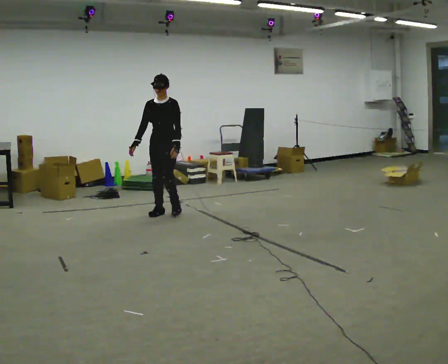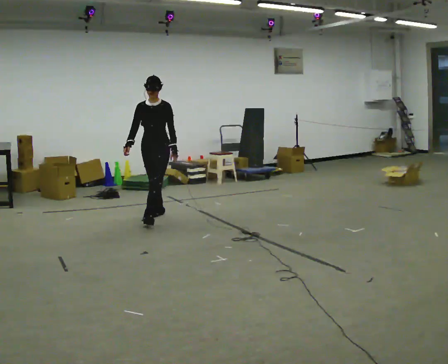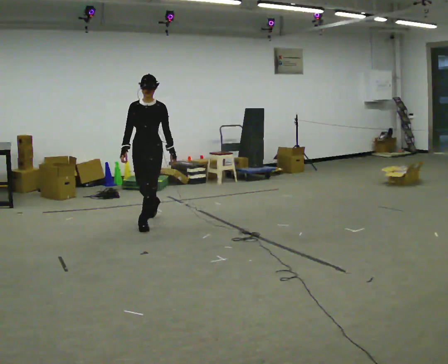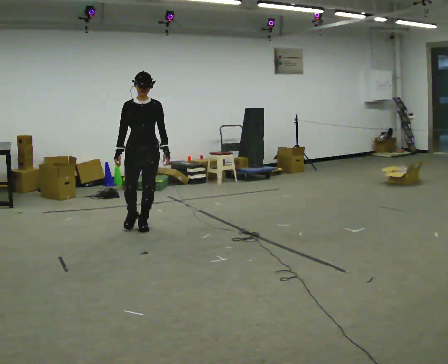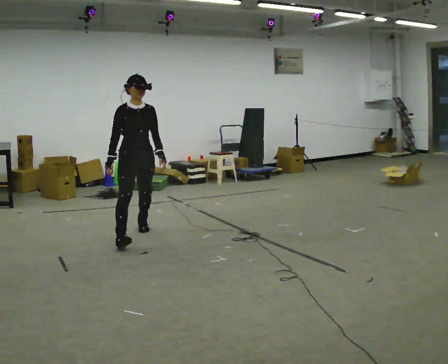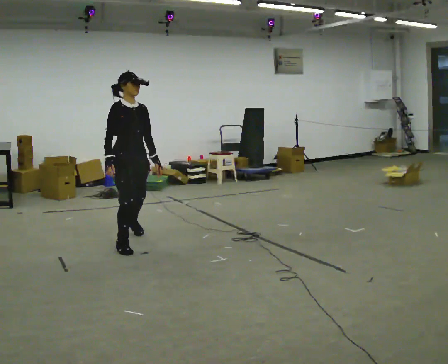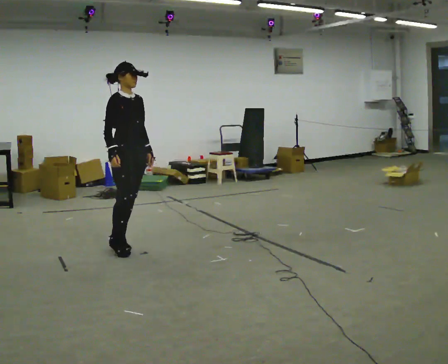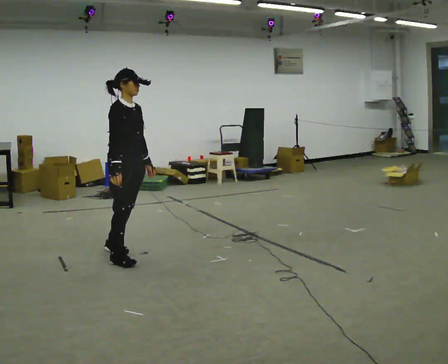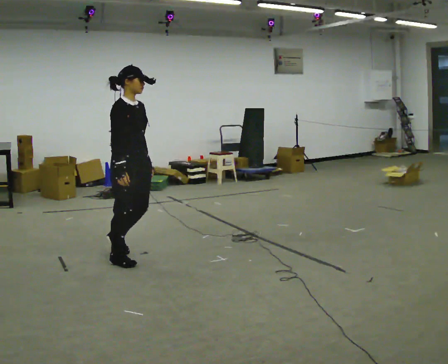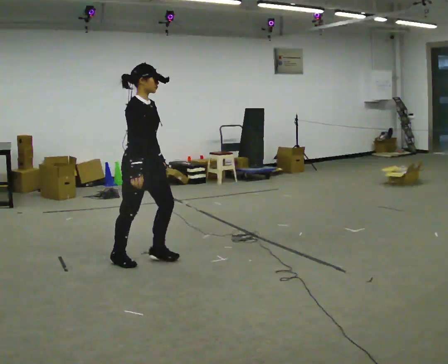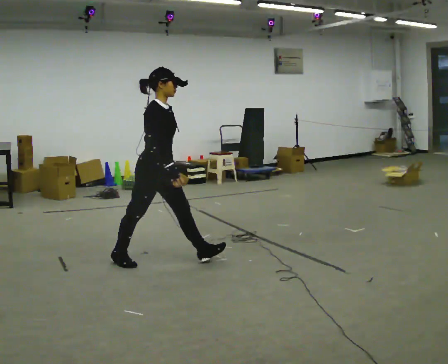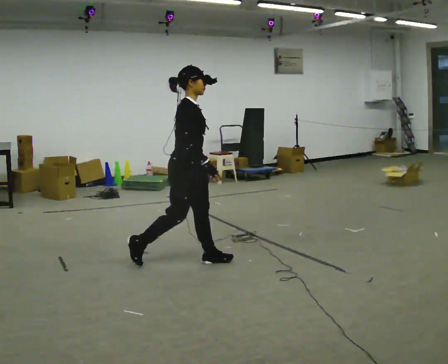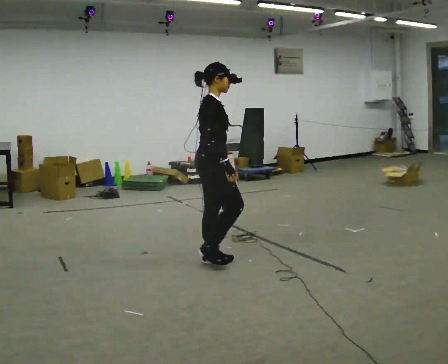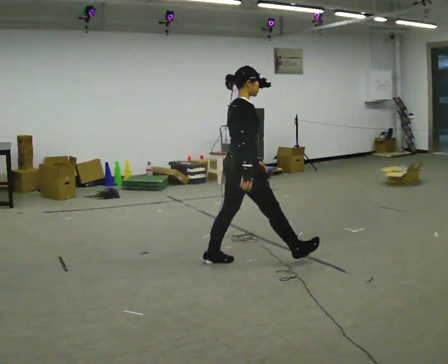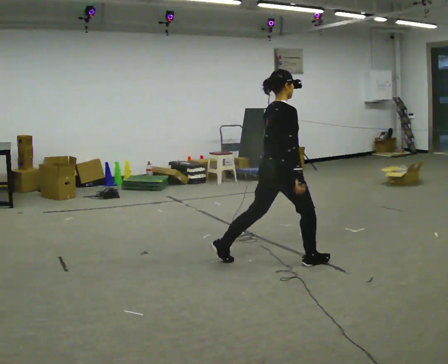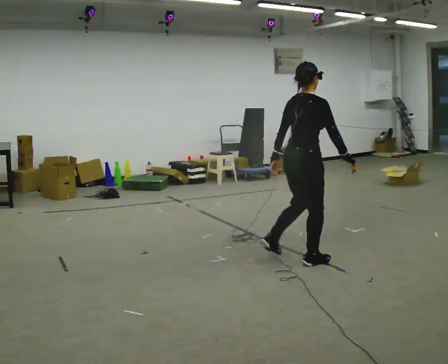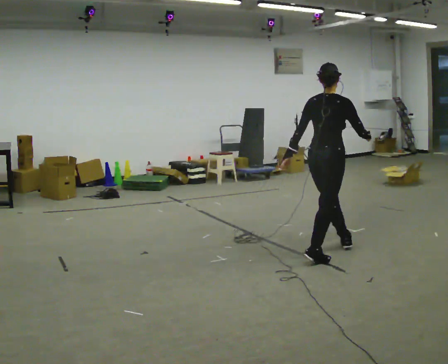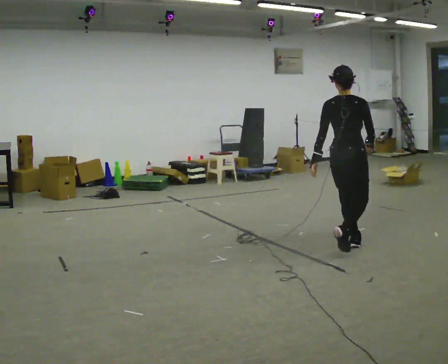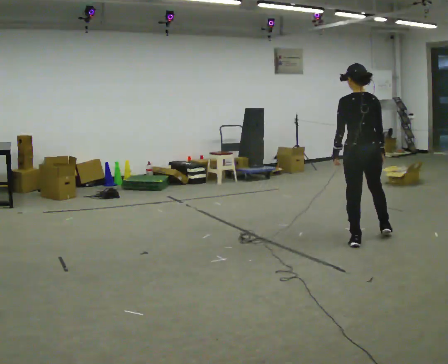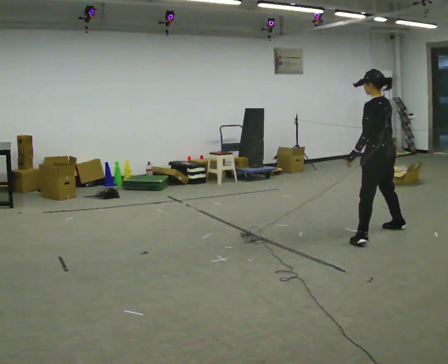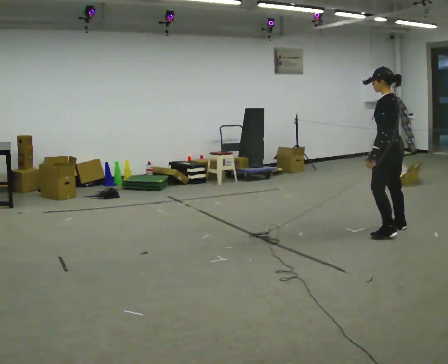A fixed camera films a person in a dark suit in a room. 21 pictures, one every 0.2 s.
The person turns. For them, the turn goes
to their left.
The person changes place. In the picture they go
to the right.
0.0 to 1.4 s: The person turns about 75 degrees to their left, counterclockwise seen from above, so the part of the body nearest the lens slides to the right. In the picture they go toward the camera, about 1.5 m in 4 steps.
1.4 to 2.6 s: The person turns about 45 degrees to their left, counterclockwise seen from above, so the part of the body nearest the lens slides to the right. In the picture they go to the right, about 1 m in 1 step, which for them is forward.
2.6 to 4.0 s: The person turns about 135 degrees to their left, counterclockwise seen from above, so the part of the body nearest the lens slides to the right. In the picture they go to the right, about 1.5 m in 3 steps.
The film runs forward here.
